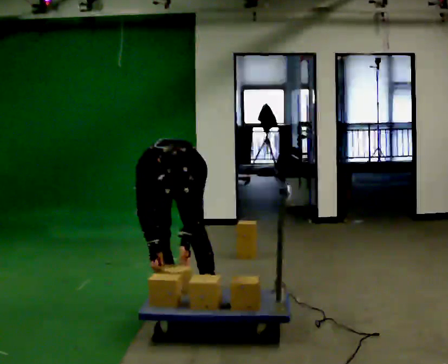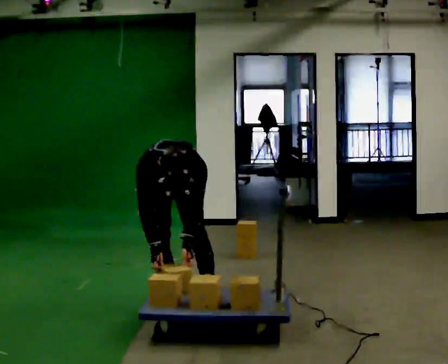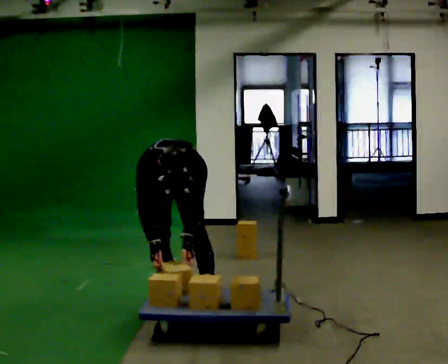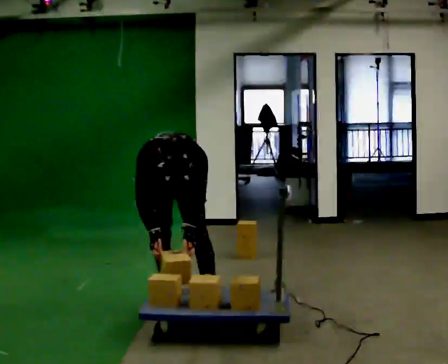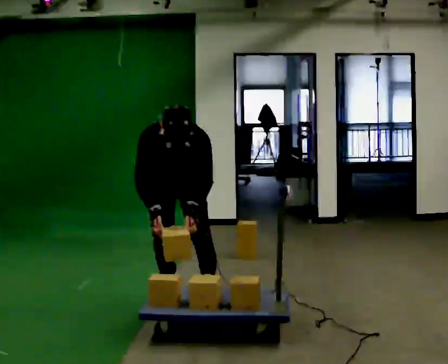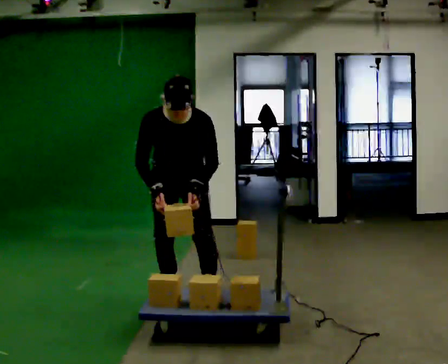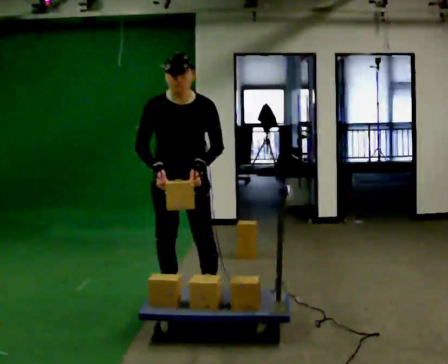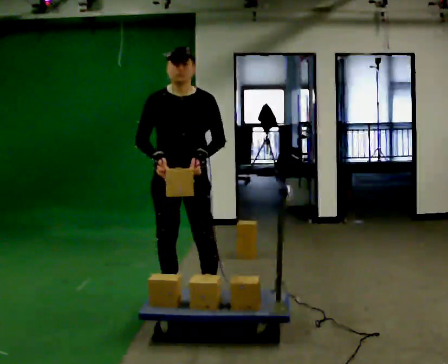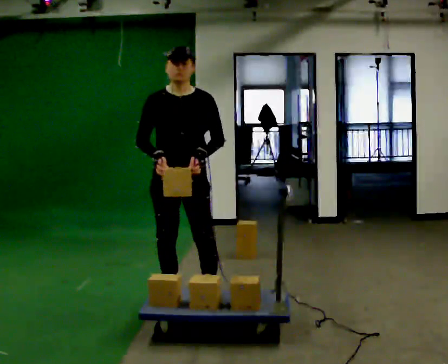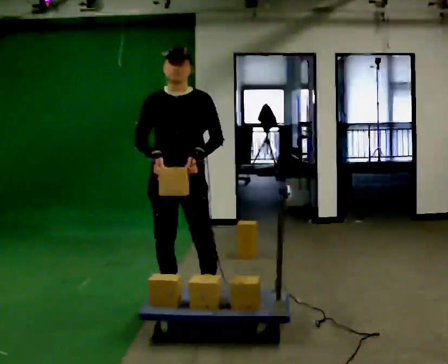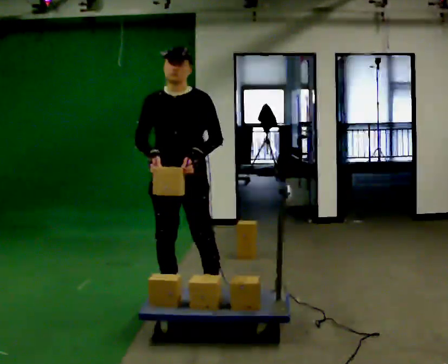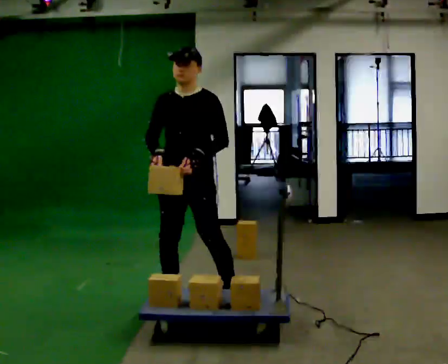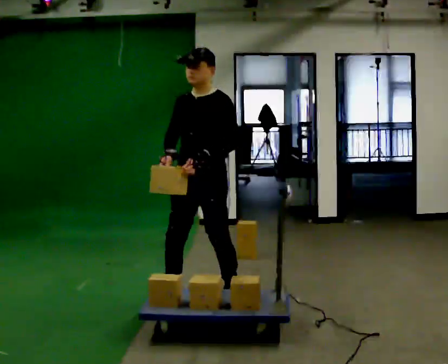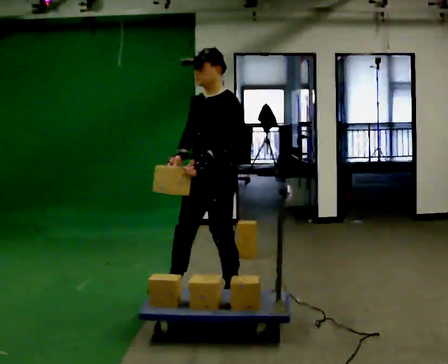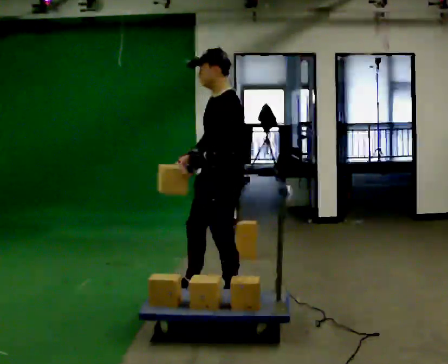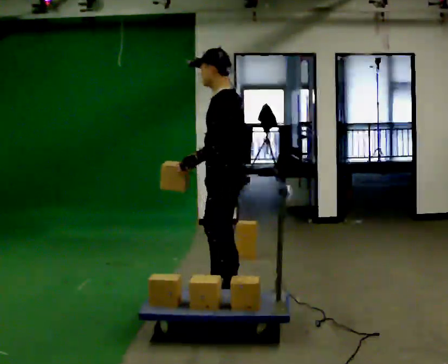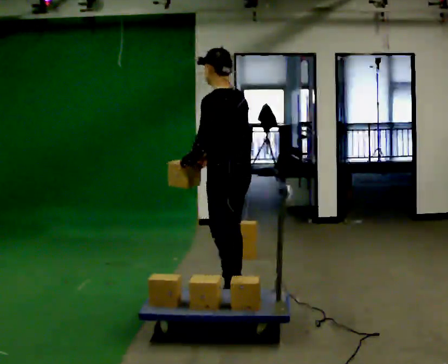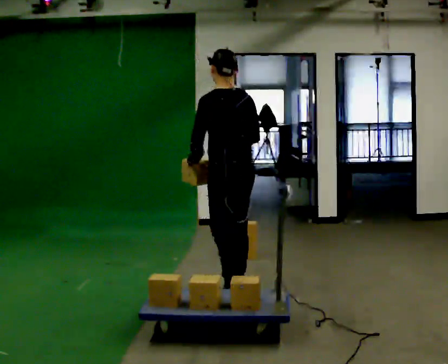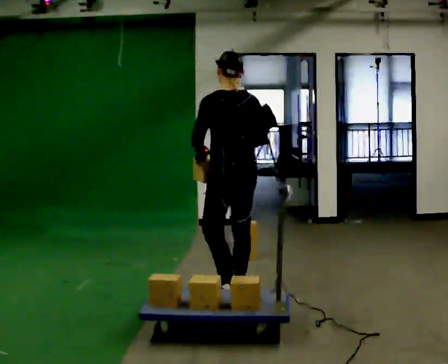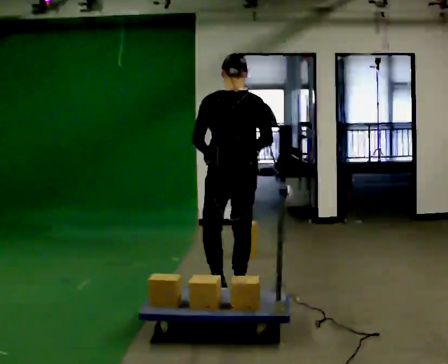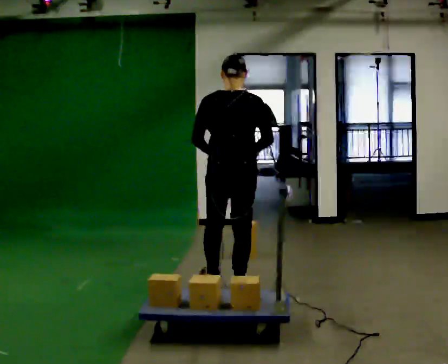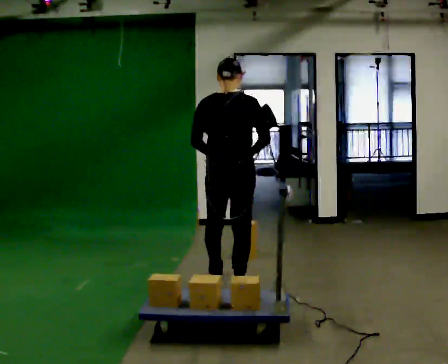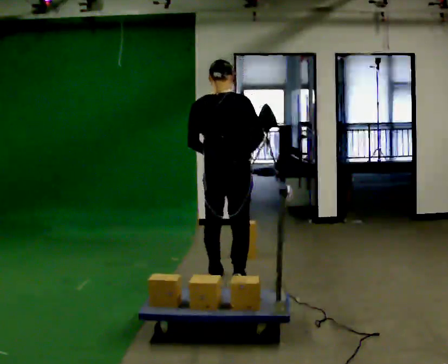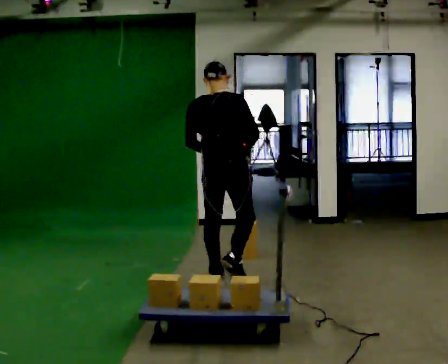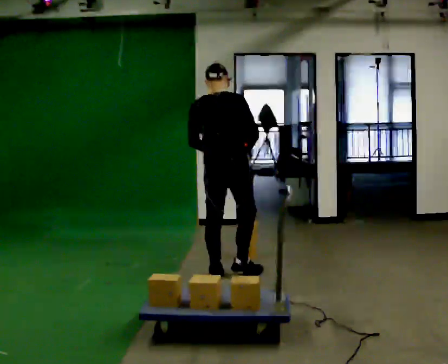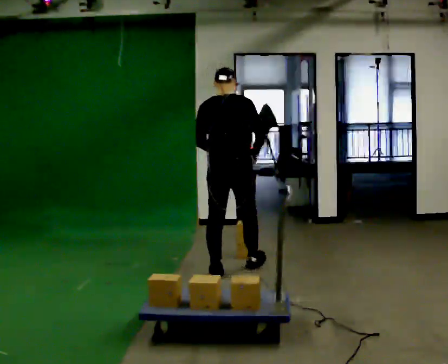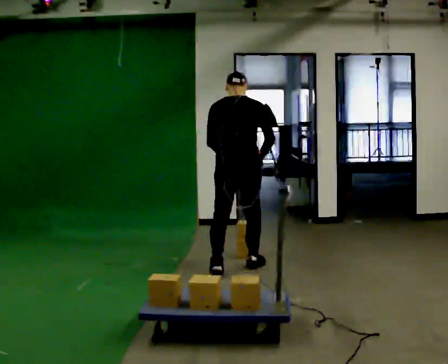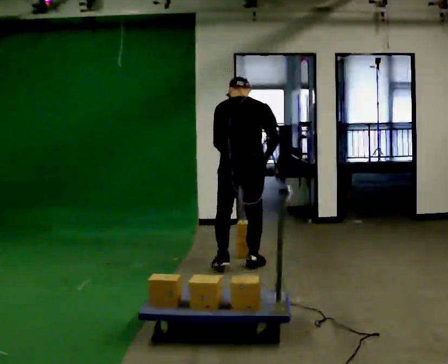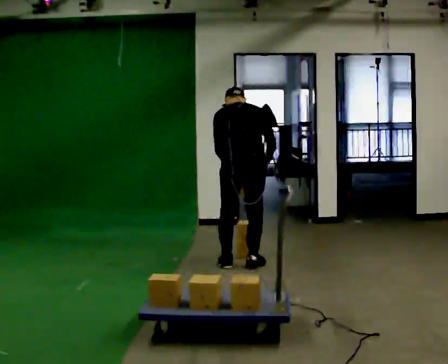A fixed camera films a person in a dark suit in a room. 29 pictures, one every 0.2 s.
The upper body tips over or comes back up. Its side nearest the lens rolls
upward.
The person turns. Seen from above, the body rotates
clockwise.
0.0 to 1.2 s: The shoulders move upward. The upper body tips away from the camera, its near side rolling upward, as they lean back or straighten. In the picture their left hand goes upward.
1.2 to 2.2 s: Seen from above the body turns clockwise, about 30 degrees: to their right, with its near side sliding to the left. The upper body tips away from the camera, its near side rolling upward, as they lean back or straighten.
2.2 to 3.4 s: The part of the body nearest the lens slides to the left as the person turns to their right by about 105 degrees. In the picture they go to the right, about 0.25 m in 1 step.
3.4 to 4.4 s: Seen from above the body turns clockwise, about 60 degrees: to their right, with its near side sliding to the left. In the picture they go away from the camera, about 0.5 m in 1 step.
4.4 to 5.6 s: In the picture they go away from the camera, about 0.5 m in 2 steps, which for them is forward. The upper body tips away from the camera, its near side rolling upward, as they bend forward.
The film runs forward here.
